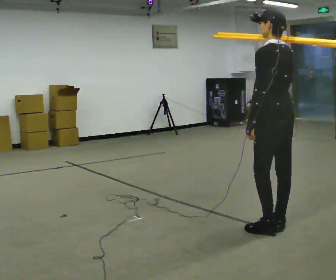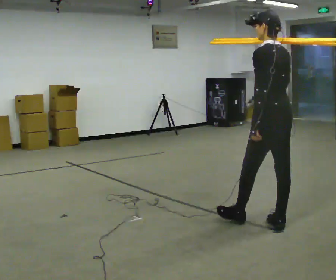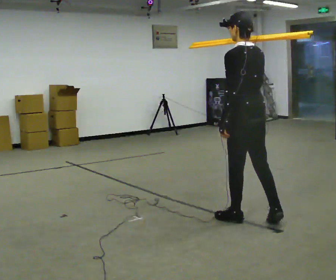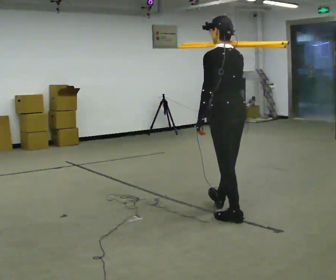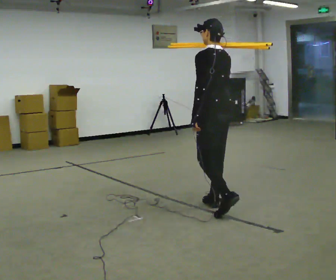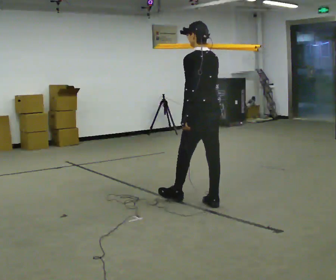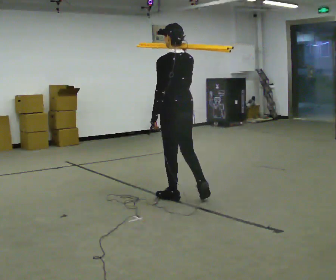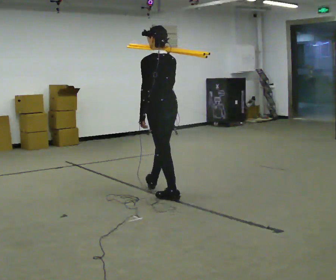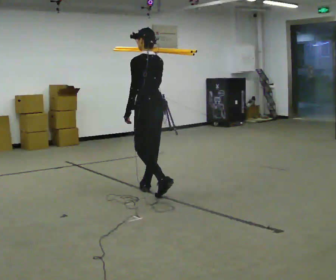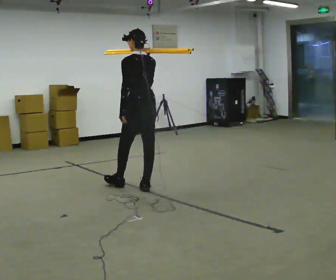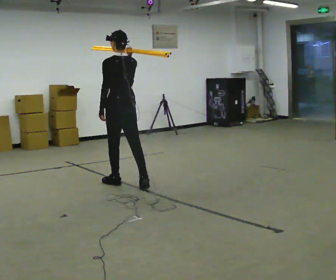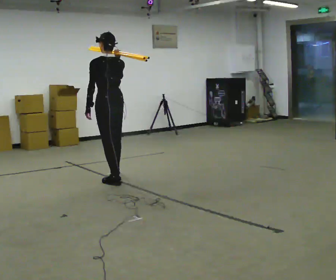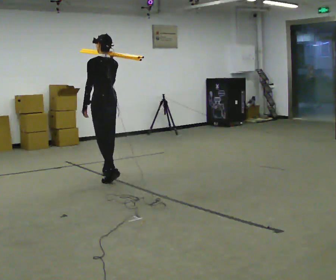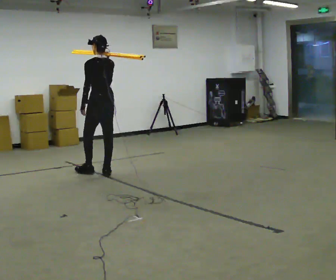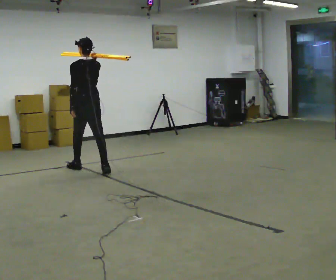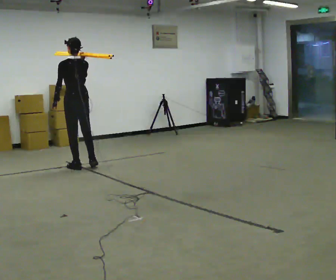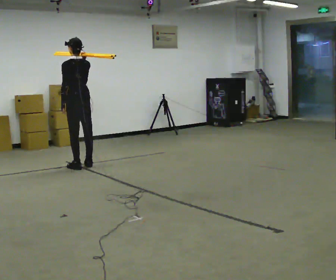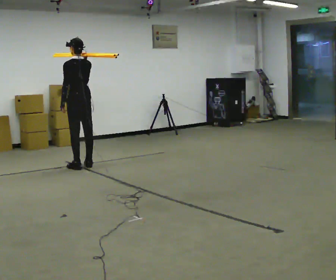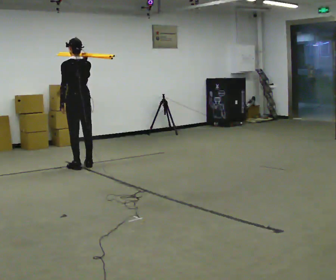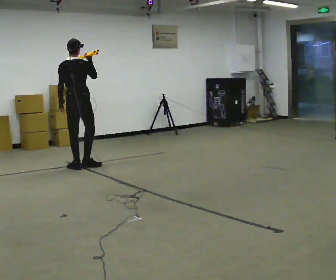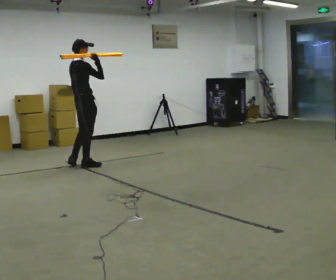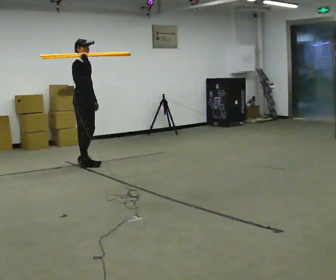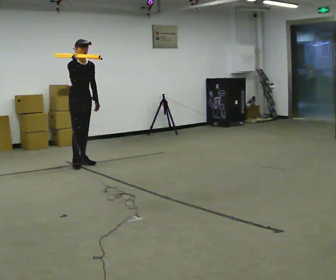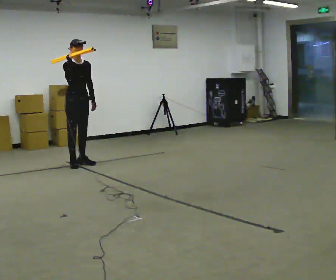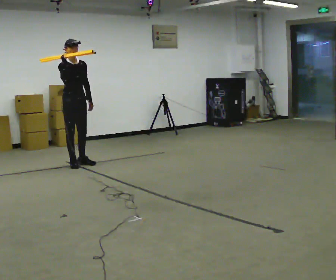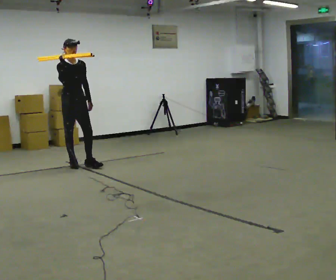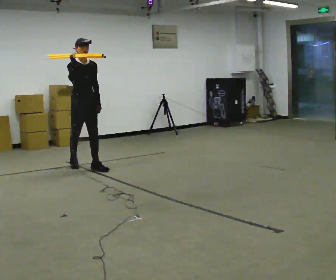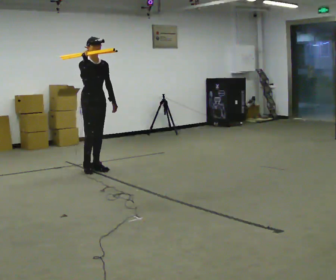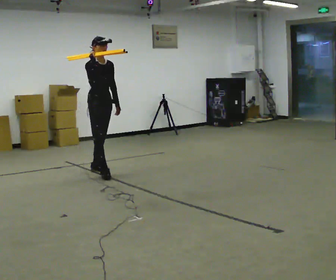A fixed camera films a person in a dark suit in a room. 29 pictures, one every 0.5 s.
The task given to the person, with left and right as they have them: Rest the long object on the shoulder the operator calls and carry it across the room, back and forth.
0.0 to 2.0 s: In the picture they go away from the camera and to the left, about 0.5 m in 2 steps, which for them is forward.
2.0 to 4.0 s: In the picture they go away from the camera and to the left, about 1 m in 2 steps, which for them is forward.
4.0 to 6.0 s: In the picture they go away from the camera and to the left, about 1 m in 2 steps, which for them is forward.
6.0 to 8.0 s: In the picture they go away from the camera and to the left, about 0.75 m in 2 steps, which for them is forward.
8.0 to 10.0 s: Seen from above the body turns clockwise, about 90 degrees: to their right, with its near side sliding to the left.
10.0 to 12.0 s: The part of the body nearest the lens slides to the left as the person turns to their right by about 90 degrees. In the picture their right hand goes to the left.
12.0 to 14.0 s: In the picture they go toward the camera and to the right, about 0.5 m in 2 steps, which for them is forward.
The film runs forward here.
